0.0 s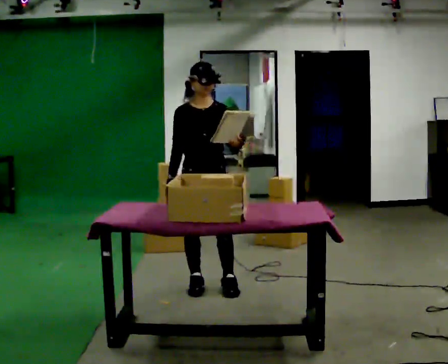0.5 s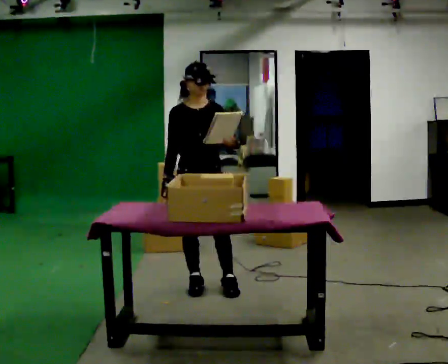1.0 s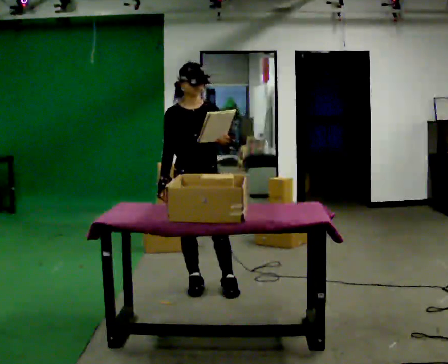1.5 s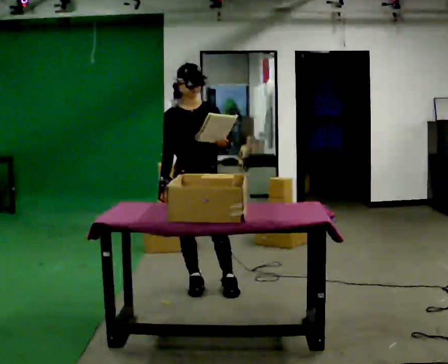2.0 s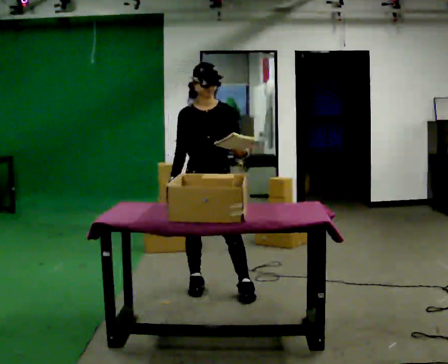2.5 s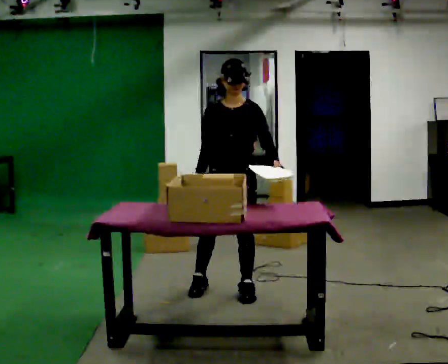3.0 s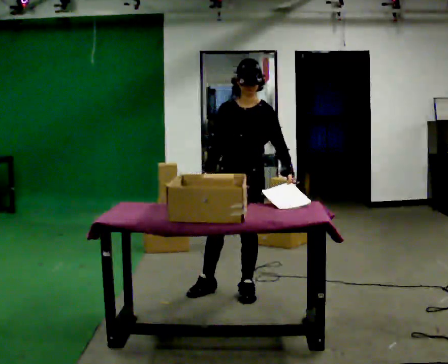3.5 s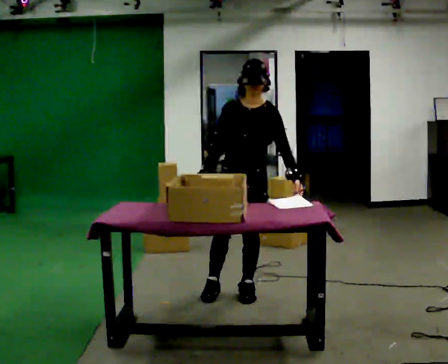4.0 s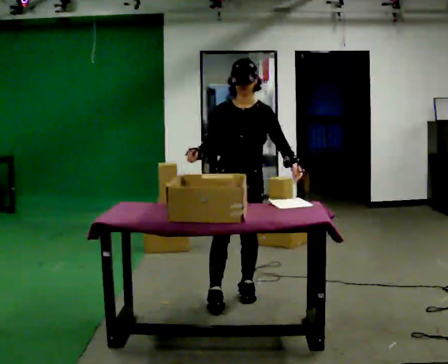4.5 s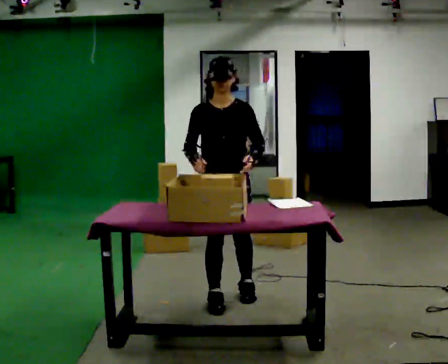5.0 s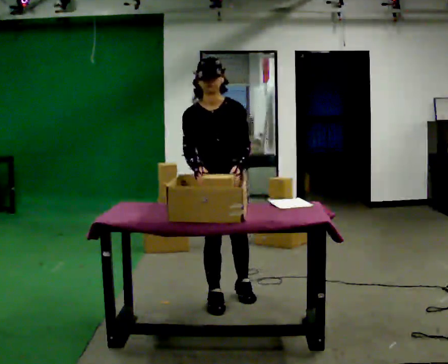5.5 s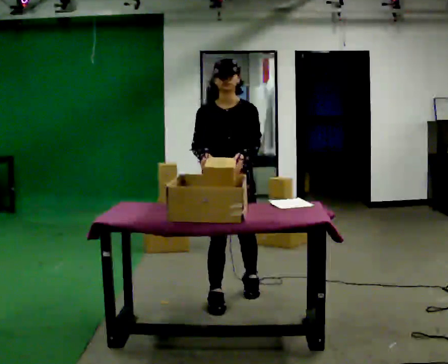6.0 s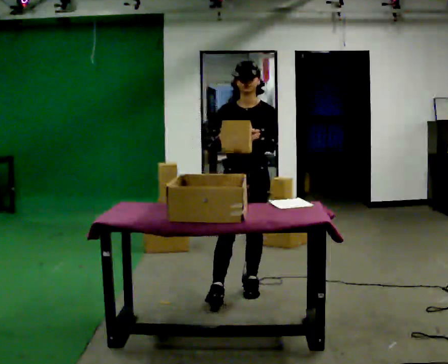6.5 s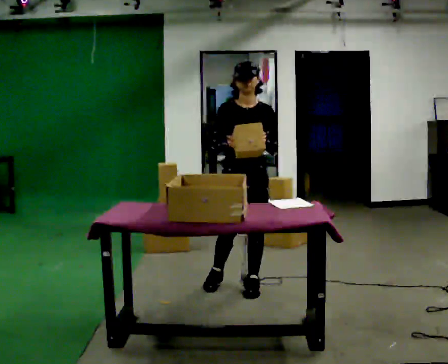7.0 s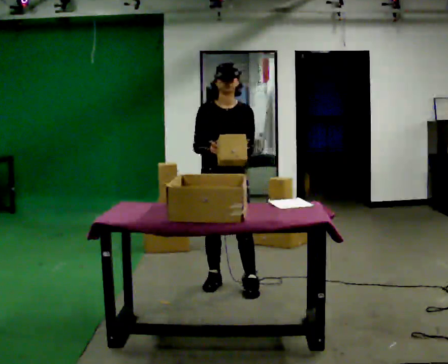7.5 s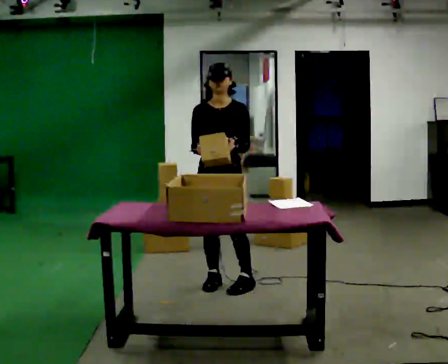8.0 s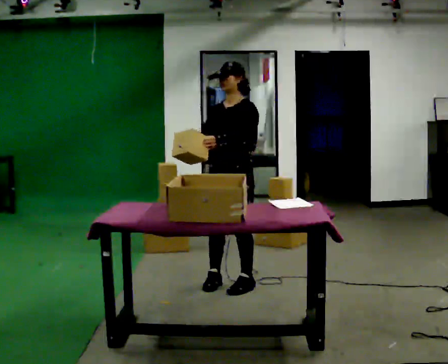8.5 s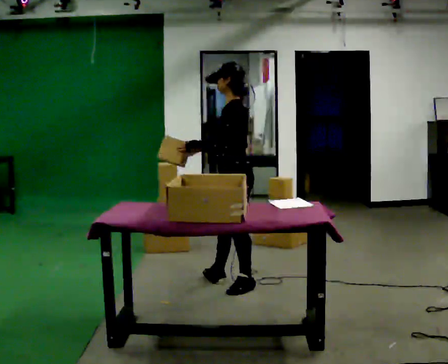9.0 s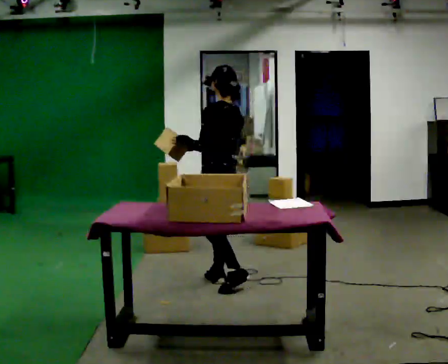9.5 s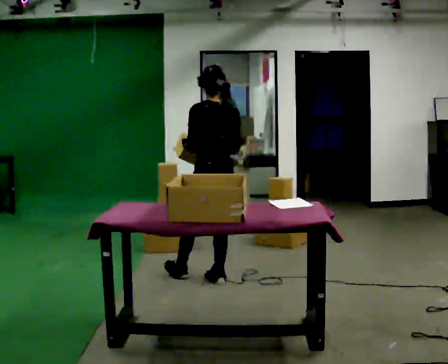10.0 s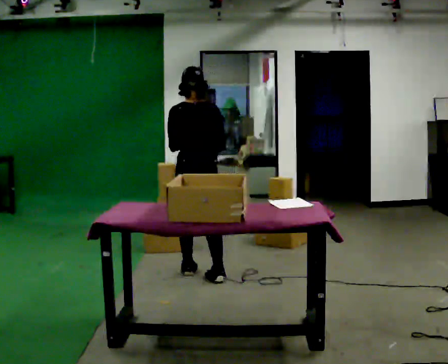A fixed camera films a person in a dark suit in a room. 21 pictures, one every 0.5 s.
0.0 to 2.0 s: The person moves a little, or ends about where they began.
2.0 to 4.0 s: In the picture they go to the right and toward the camera, about 0.25 m in 1 step, which for them is to their left.
4.0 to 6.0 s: The person moves a little, or ends about where they began.
6.0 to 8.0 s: Seen from above the body turns clockwise, about 45 degrees: to their right, with its near side sliding to the left. In the picture they go away from the camera, about 0.25 m in 1 step, which for them is backward.
8.0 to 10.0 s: The person turns about 135 degrees to their right, clockwise seen from above, so the part of the body nearest the lens slides to the left. In the picture they go to the left and away from the camera, about 0.5 m in 1 step.
The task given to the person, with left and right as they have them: 1. Take the objects out of the box on the table one at a time. 2. Put each one in the bin the operator has labelled for it. 3. Tell the operator when you are finished.
The film runs forward here.
